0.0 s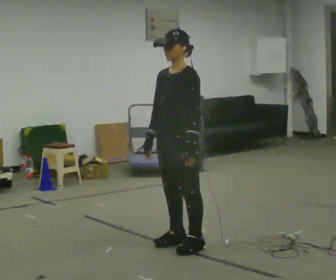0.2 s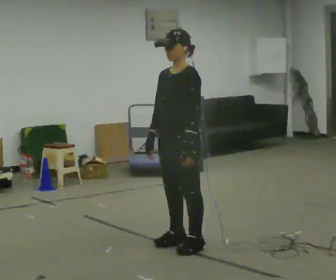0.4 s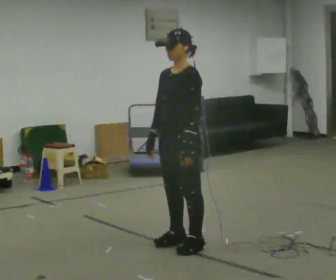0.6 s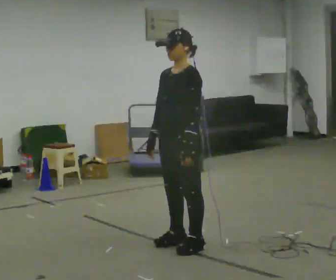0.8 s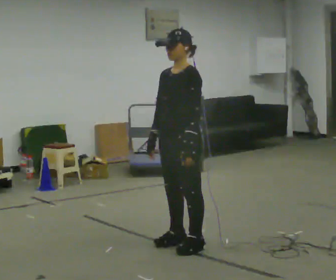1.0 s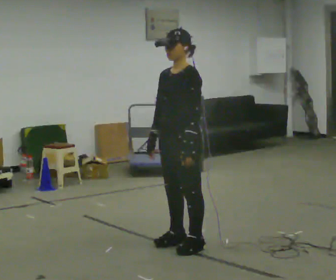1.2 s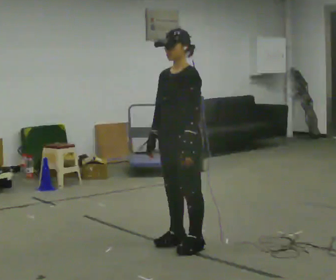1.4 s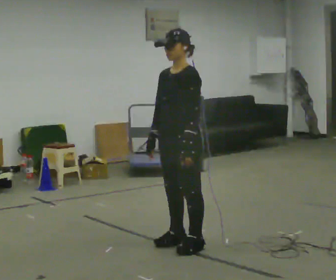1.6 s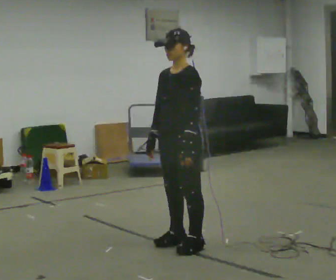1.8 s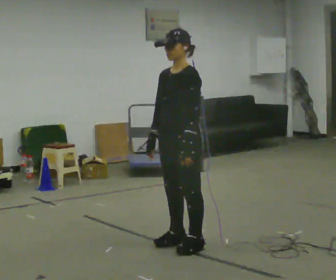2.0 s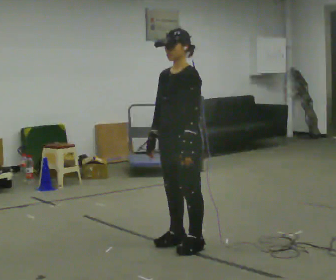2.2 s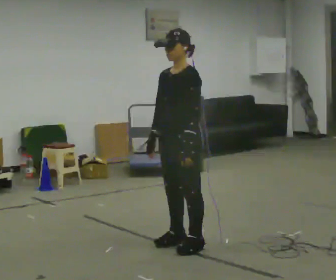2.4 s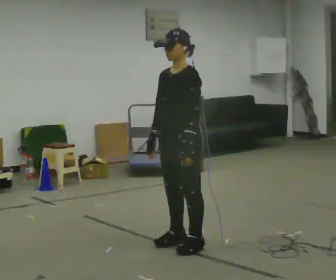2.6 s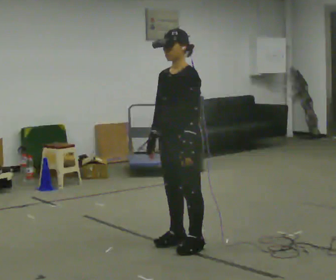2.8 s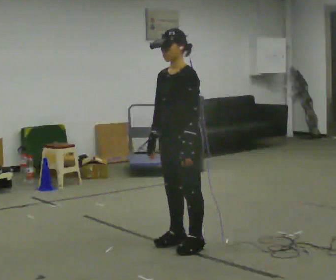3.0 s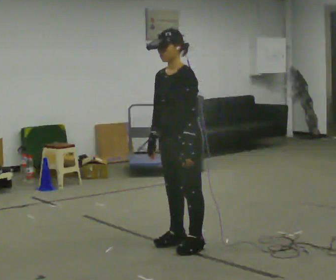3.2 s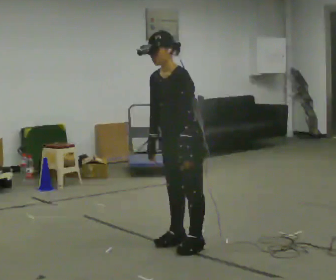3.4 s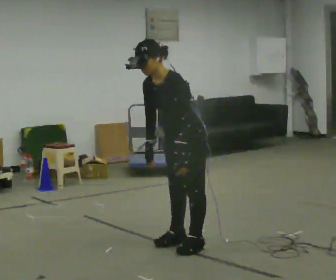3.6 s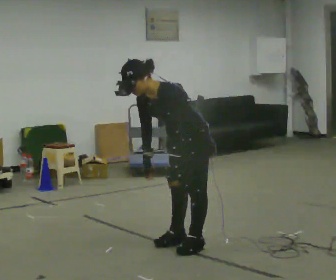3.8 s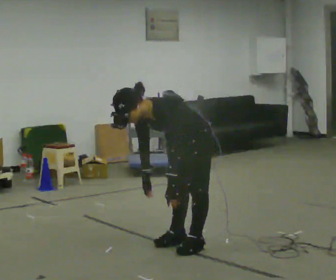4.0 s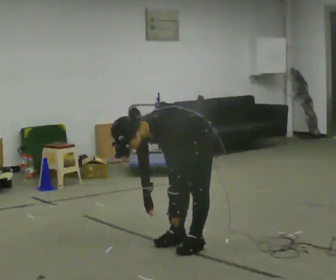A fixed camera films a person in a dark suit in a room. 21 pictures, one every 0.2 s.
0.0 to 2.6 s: The person keeps their place and pose.
2.6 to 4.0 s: The upper body goes downward. In the picture the upper body tilts counterclockwise, shoulders to the left, as they bend forward. In the picture their right hand goes downward.
The film runs forward here.
